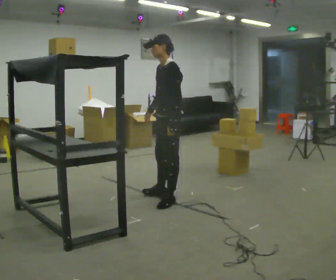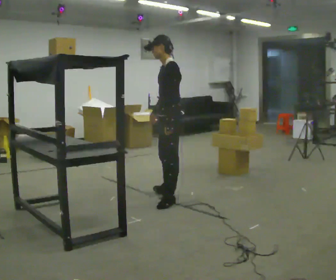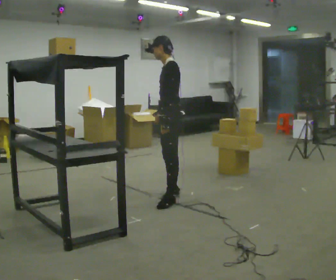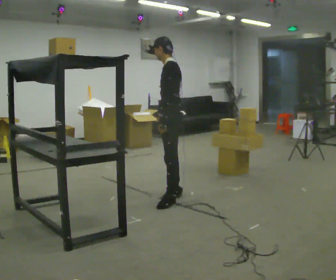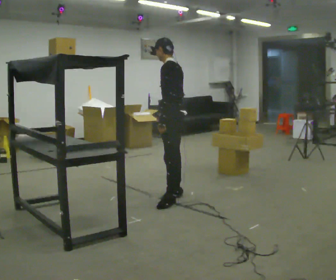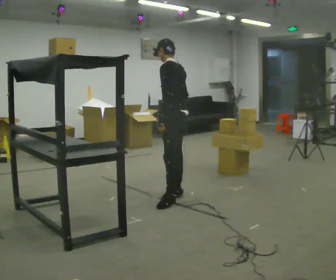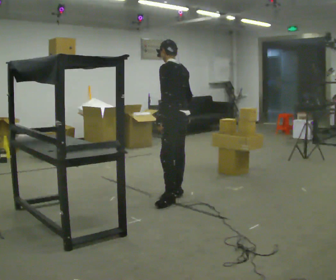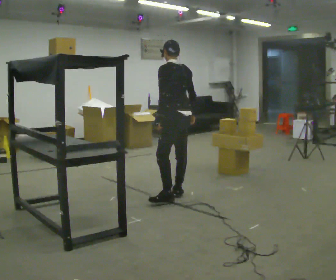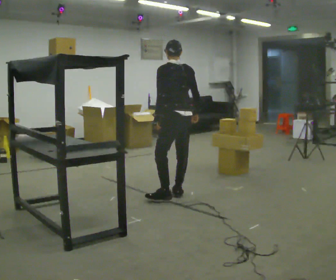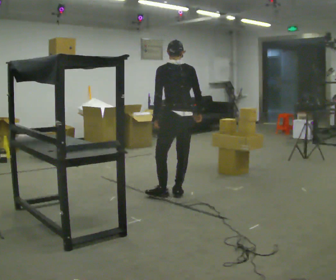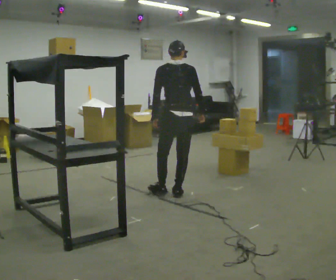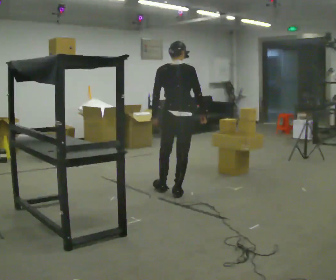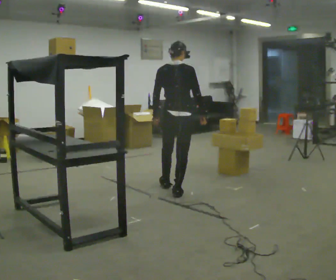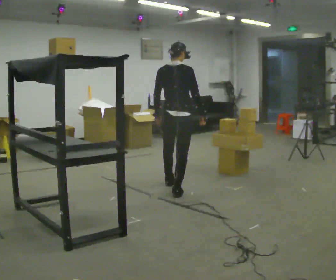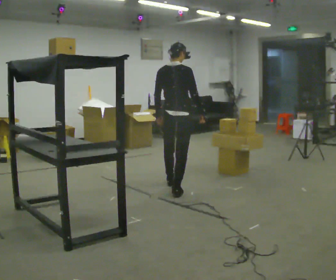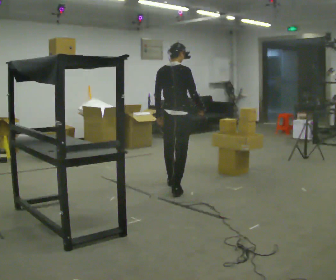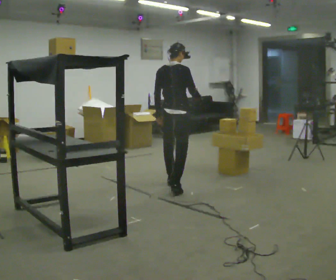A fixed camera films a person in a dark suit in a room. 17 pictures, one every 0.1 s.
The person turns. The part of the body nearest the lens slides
to the left.
The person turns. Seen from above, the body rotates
clockwise.
0.0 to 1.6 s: Seen from above the body turns clockwise, about 135 degrees: to their right, with its near side sliding to the left. In the picture they go away from the camera, about 0.5 m in 2 steps.
The film runs forward here.
